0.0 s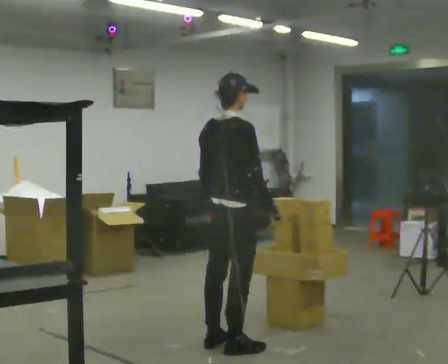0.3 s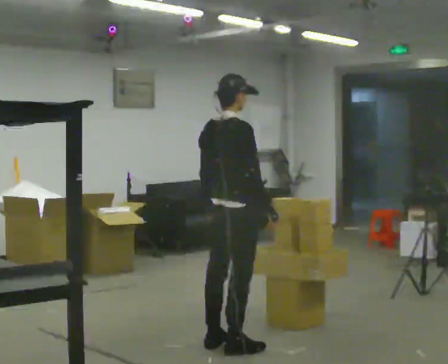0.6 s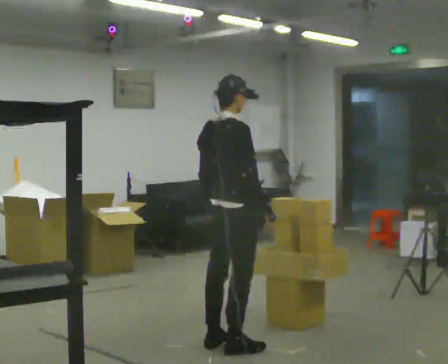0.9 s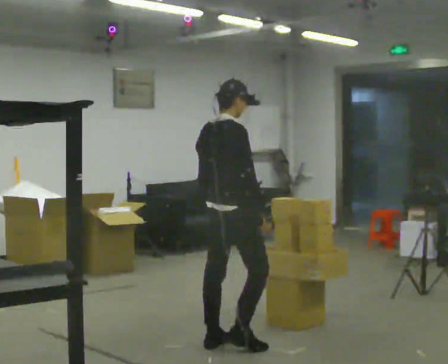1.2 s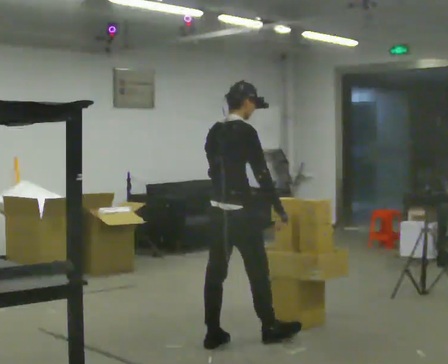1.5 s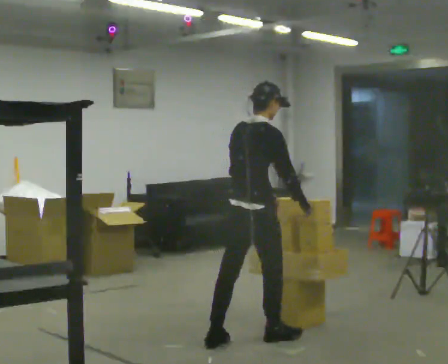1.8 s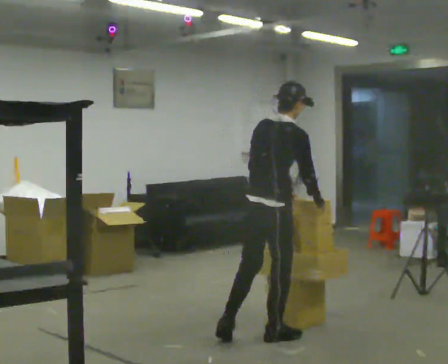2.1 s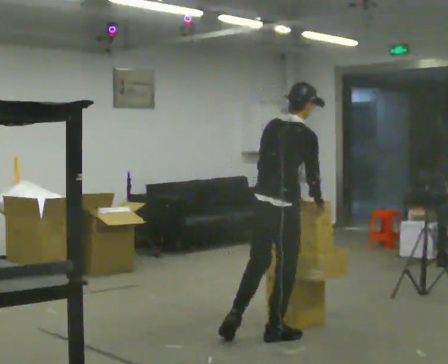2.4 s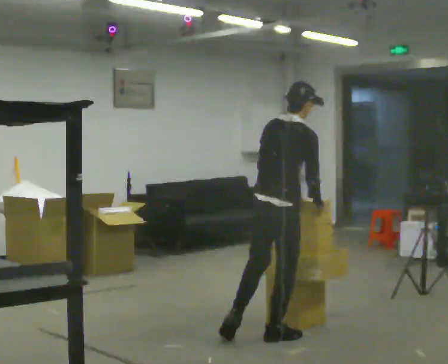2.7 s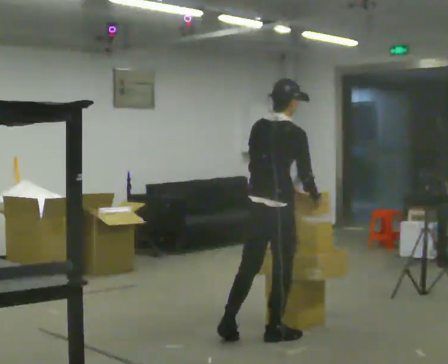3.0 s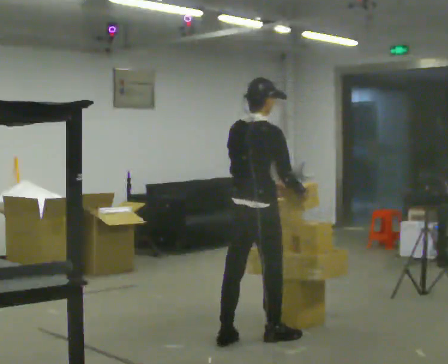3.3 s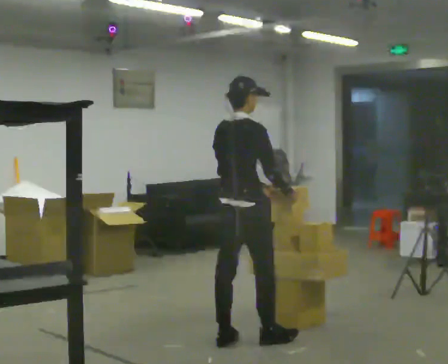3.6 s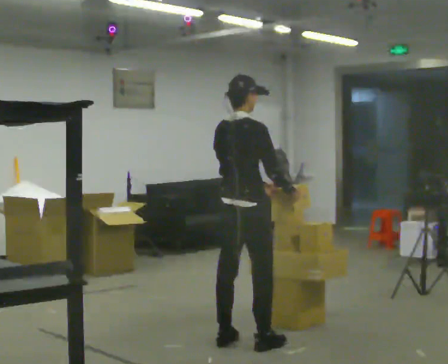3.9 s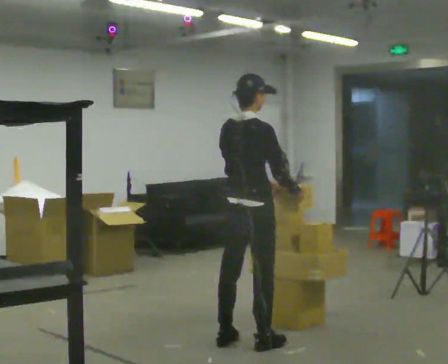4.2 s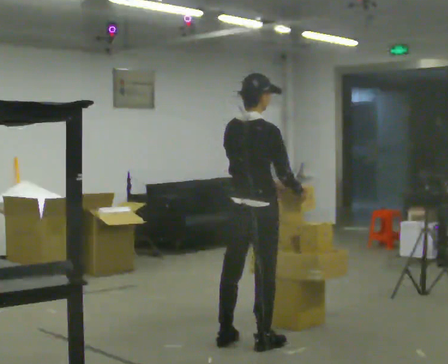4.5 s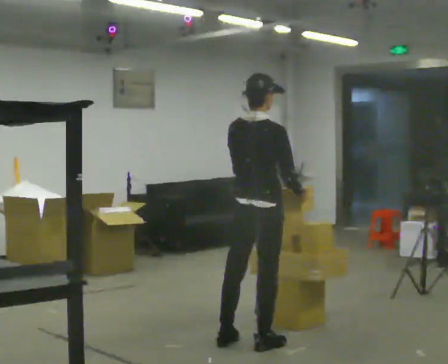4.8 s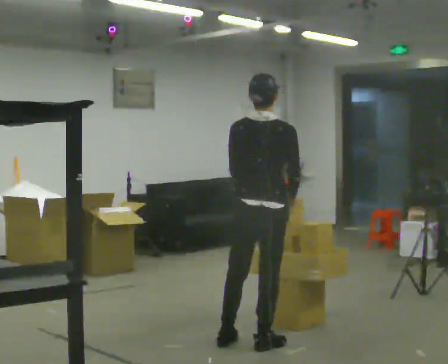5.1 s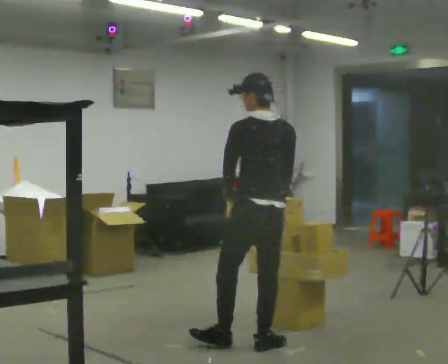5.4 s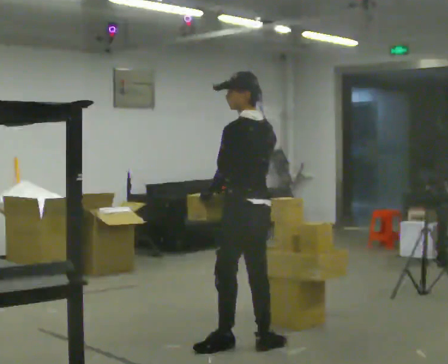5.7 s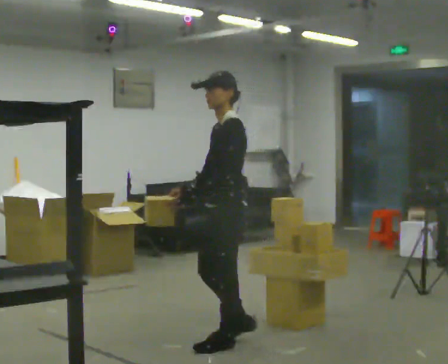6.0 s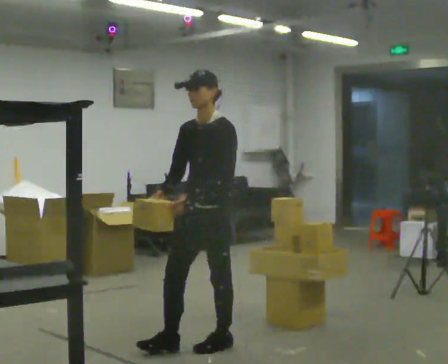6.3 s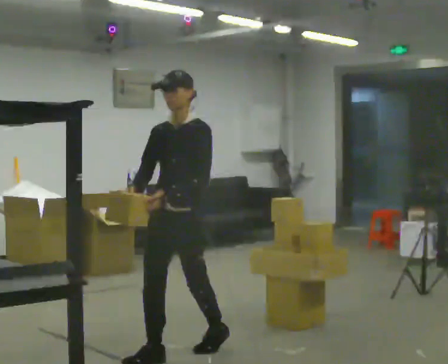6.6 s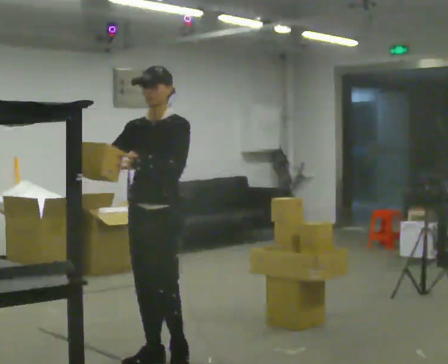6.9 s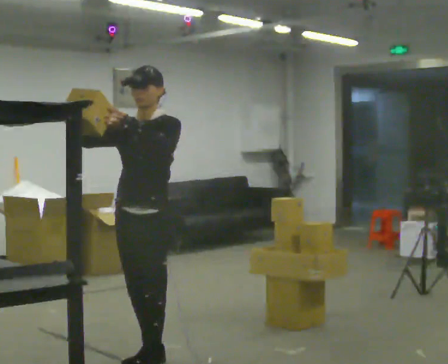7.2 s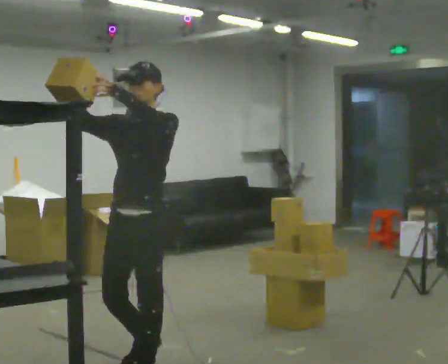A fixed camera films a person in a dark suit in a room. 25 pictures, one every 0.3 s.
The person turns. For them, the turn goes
to their left.
The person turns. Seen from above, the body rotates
counterclockwise.
0.0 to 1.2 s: The person moves a little, or ends about where they began.
1.2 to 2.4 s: In the picture they go to the right, about 0.25 m in 2 steps, which for them is forward and to their right.
2.4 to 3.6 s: In the picture they go to the left, about 0.25 m in 1 step, which for them is backward and to their left. In the picture the upper body tilts counterclockwise, shoulders to the left, as they lean back or straighten.
3.6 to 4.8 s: The part of the body nearest the lens slides to the right as the person turns to their left by about 30 degrees.
4.8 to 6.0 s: The part of the body nearest the lens slides to the right as the person turns to their left by about 150 degrees. In the picture they go to the left, about 0.25 m.
6.0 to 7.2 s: In the picture they go toward the camera and to the left, about 0.75 m in 2 steps, which for them is forward. In the picture their right hand goes upward.
The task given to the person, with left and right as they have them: Take an object from the waist-height shelf, carry it across the room, and place it on the highest shelf you can comfortably reach. Keep going until the operator says stop; one object at a time, and do not rush between trips.
The film runs forward here.
